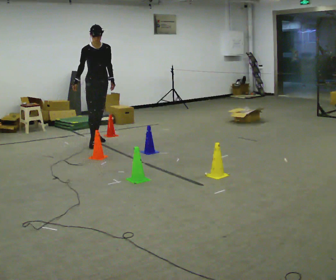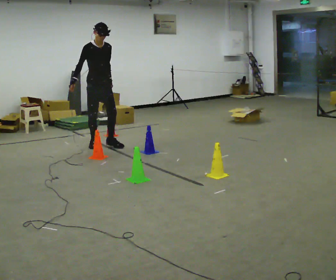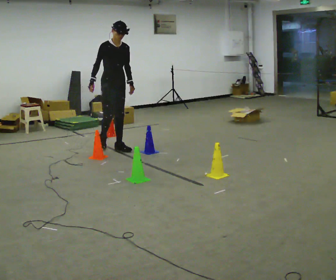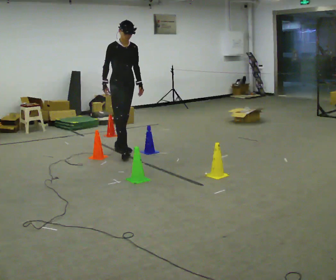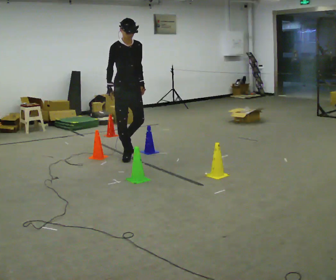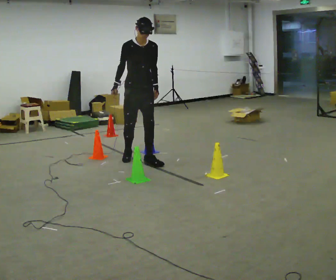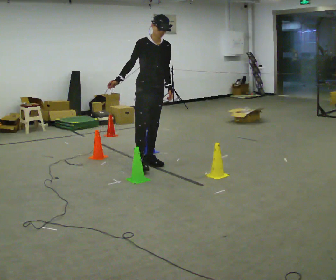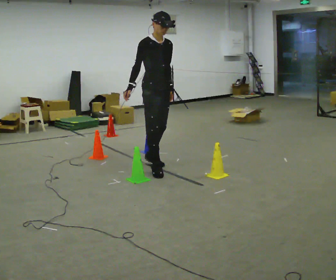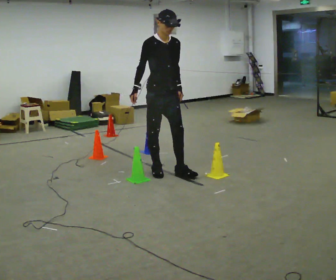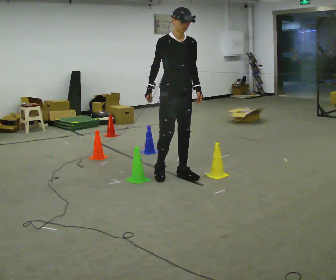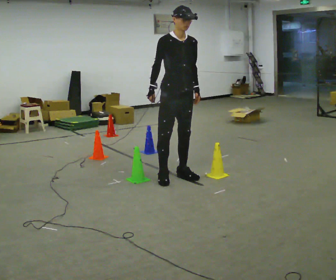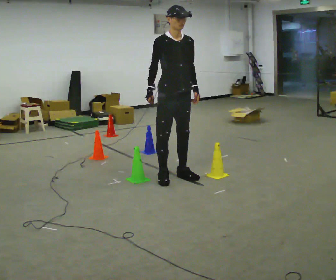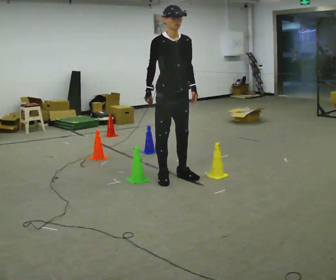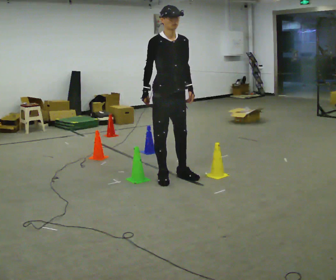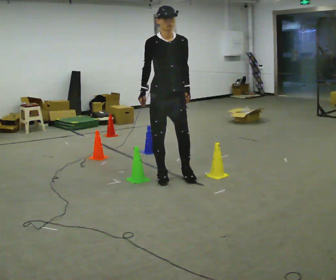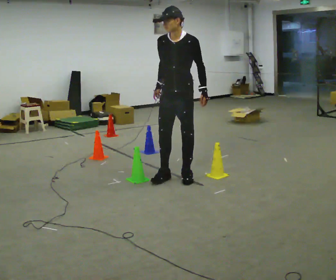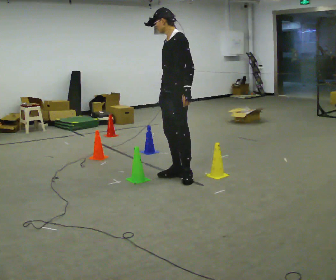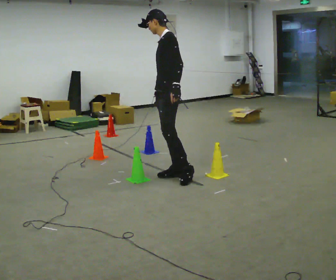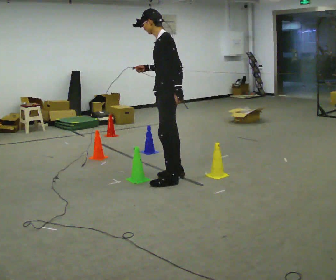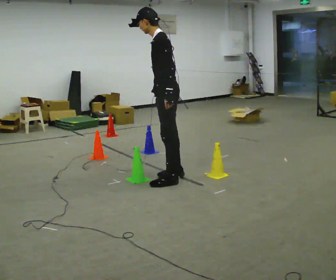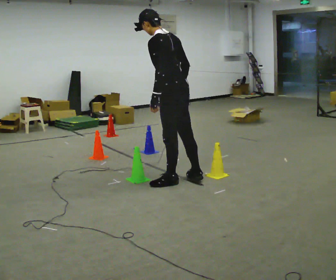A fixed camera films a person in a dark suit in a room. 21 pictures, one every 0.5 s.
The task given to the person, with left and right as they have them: Walk through passage without touching sides; continue normally after exit.
0.0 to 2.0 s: In the picture they go toward the camera and to the right, about 1 m in 2 steps, which for them is forward.
2.0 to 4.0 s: In the picture they go toward the camera and to the right, about 1 m in 2 steps, which for them is forward.
4.0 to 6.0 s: In the picture they go toward the camera, about 0.25 m in 2 steps, which for them is forward.
6.0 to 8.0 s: Seen from above the body turns clockwise, about 90 degrees: to their right, with its near side sliding to the left.
8.0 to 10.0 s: The part of the body nearest the lens slides to the left as the person turns to their right by about 60 degrees. In the picture they go toward the camera, about 0.25 m in 1 step.
The film runs forward here.
